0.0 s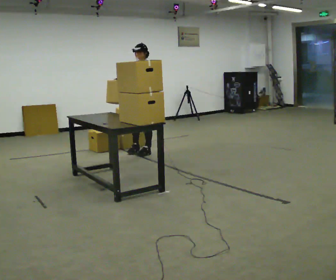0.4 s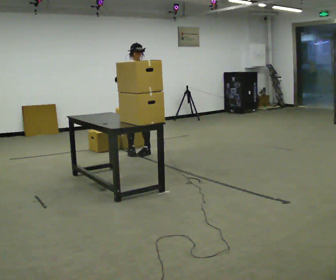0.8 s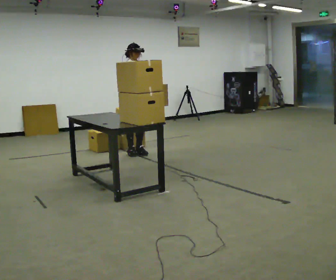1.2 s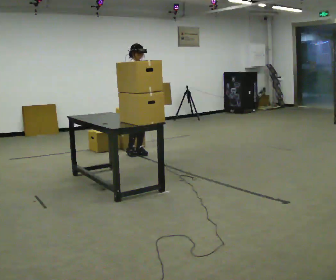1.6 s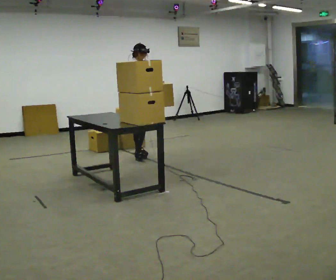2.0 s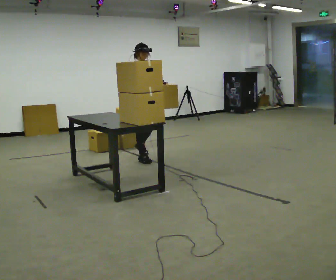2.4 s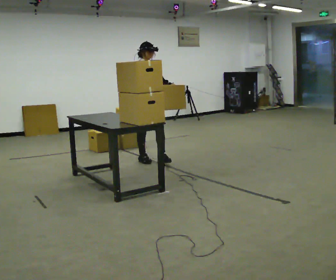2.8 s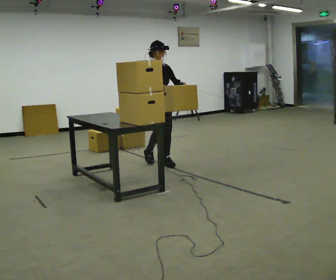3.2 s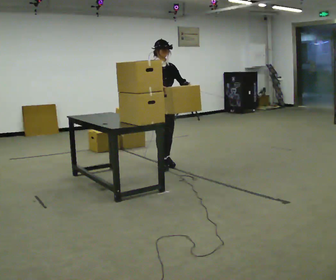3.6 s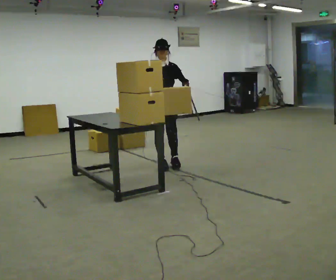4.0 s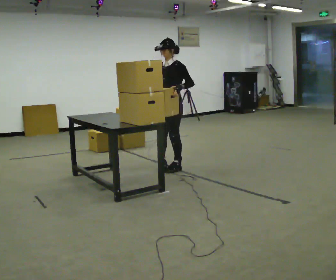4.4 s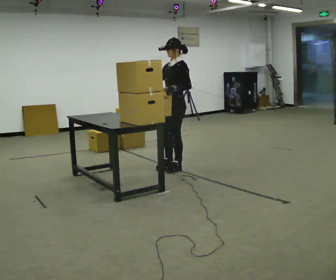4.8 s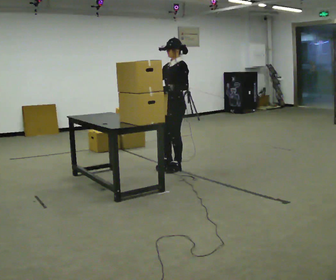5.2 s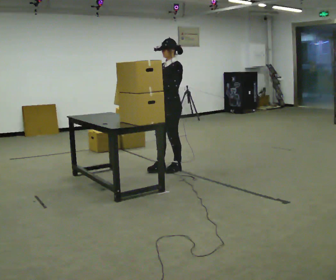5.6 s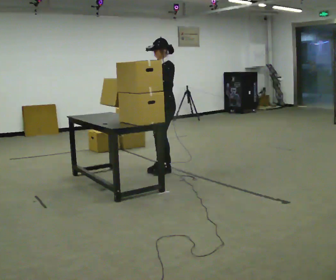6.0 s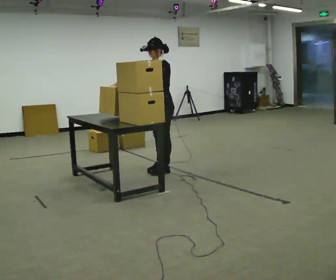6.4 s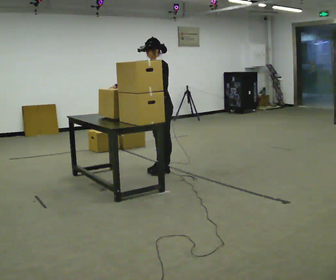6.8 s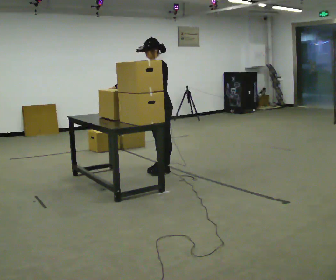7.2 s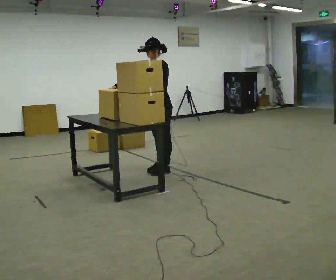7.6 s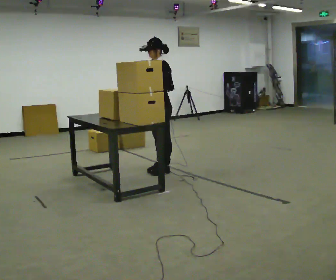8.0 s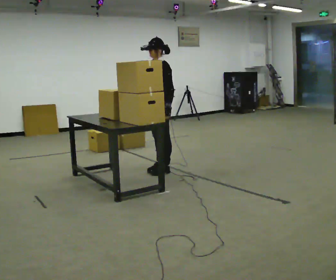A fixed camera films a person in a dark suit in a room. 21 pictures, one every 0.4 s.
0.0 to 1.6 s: The part of the body nearest the lens slides to the right as the person turns to their left by about 60 degrees. In the picture their right hand goes to the right.
1.6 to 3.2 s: In the picture they go toward the camera and to the right, about 0.5 m in 3 steps, which for them is forward.
3.2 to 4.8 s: The person turns about 90 degrees to their right, clockwise seen from above, so the part of the body nearest the lens slides to the left. In the picture they go toward the camera and to the right, about 0.25 m in 1 step.
4.8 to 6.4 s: In the picture they go to the left, about 0.25 m in 1 step, which for them is forward. In the picture the upper body tilts counterclockwise, shoulders to the left, as they bend forward. In the picture their right hand goes to the left.
6.4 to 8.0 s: In the picture their right hand goes to the right.
The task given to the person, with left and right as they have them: Pick up the next box in the row and carry it to the table. The operator will not tell you how heavy each one is. Keep going until the operator says stop; one object at a time, and do not rush between trips.
The film runs forward here.
